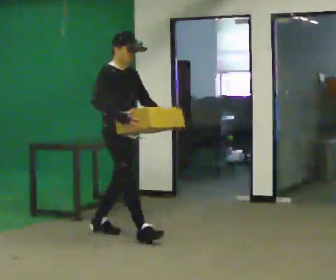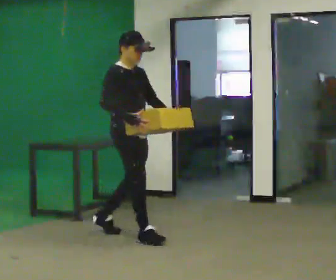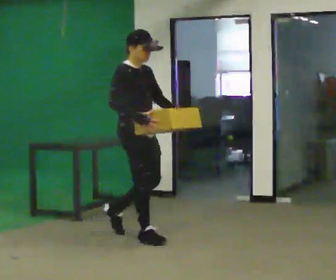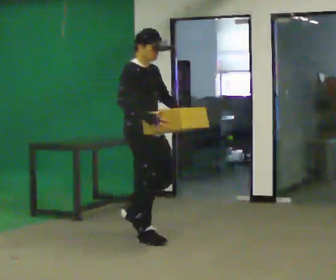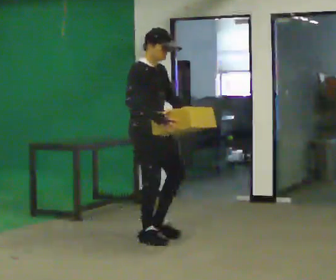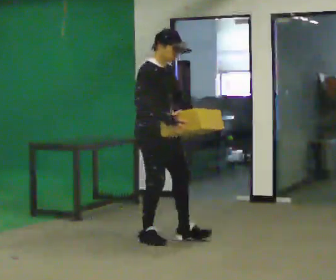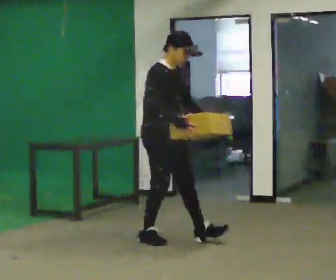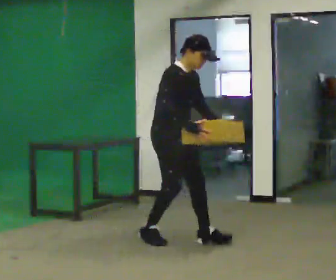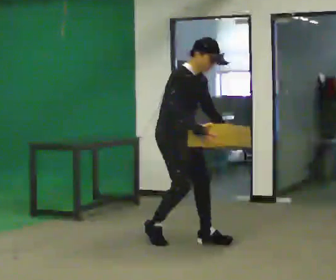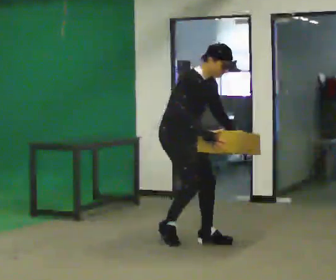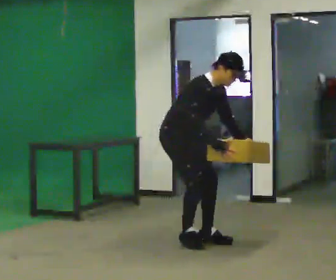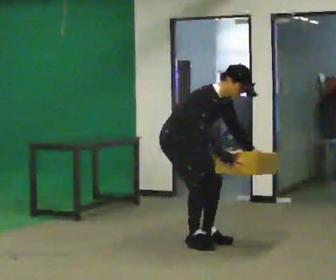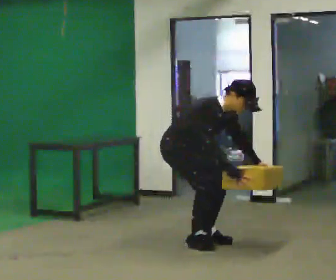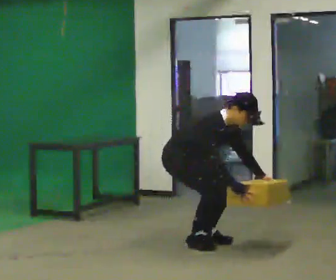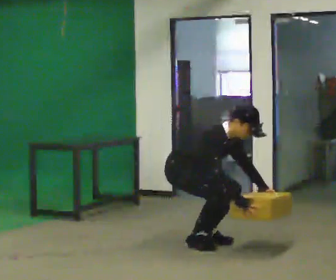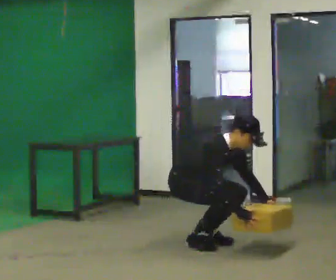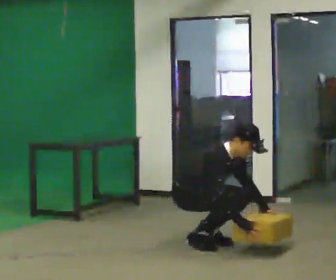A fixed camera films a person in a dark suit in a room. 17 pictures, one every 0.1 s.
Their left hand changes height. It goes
downward.
Their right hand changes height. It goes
downward.
0.0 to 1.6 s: In the picture they go to the right and toward the camera, about 0.75 m in 2 steps, which for them is forward. The upper body goes downward. In the picture the upper body tilts clockwise, shoulders to the right, as they bend forward. In the picture their left hand goes downward.
The film runs forward here.
